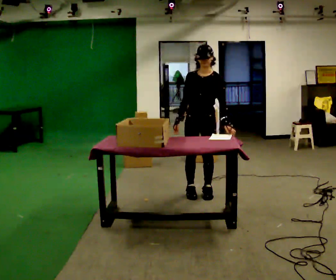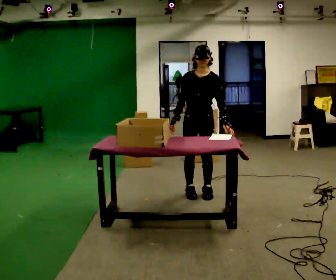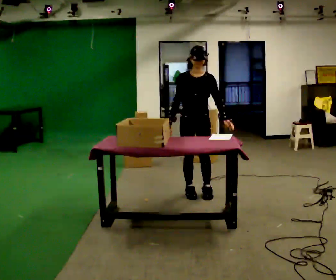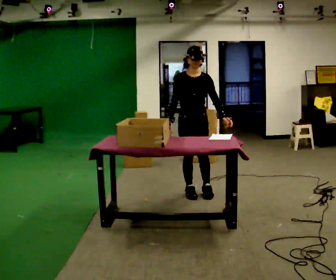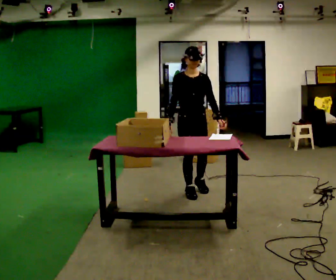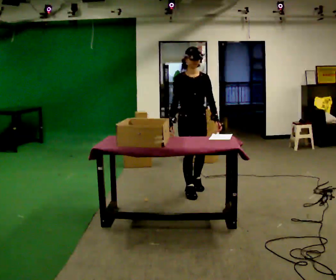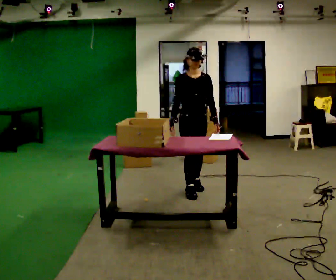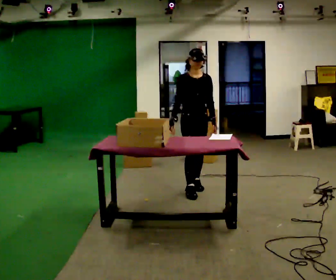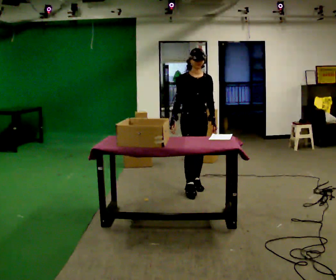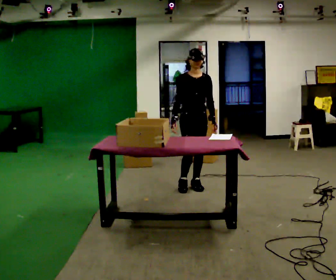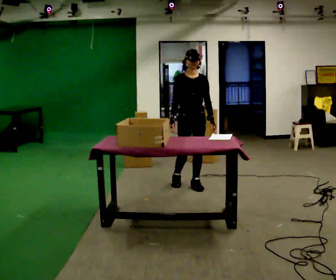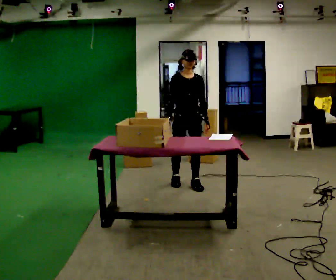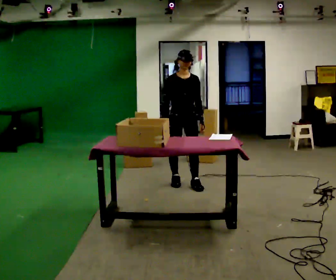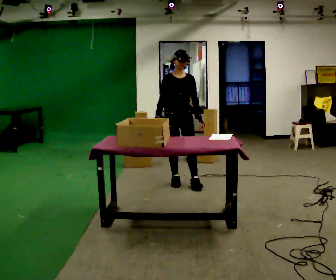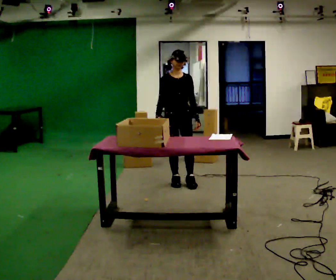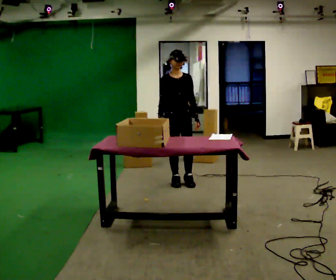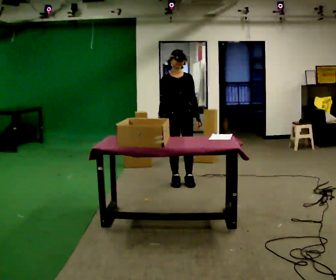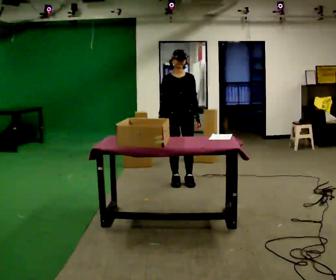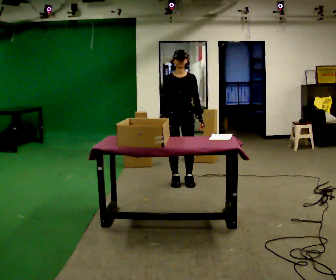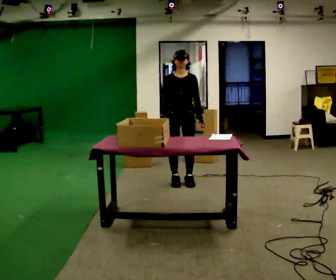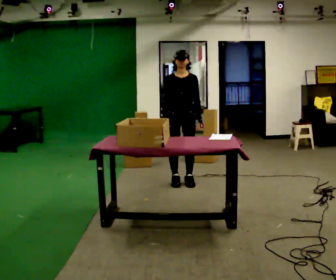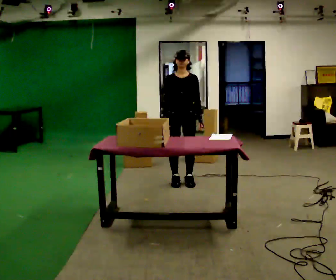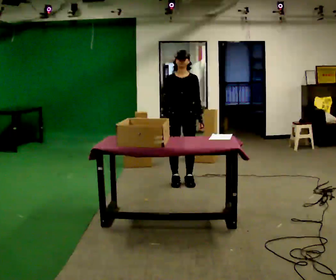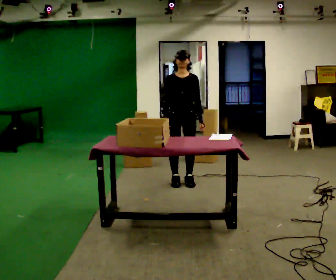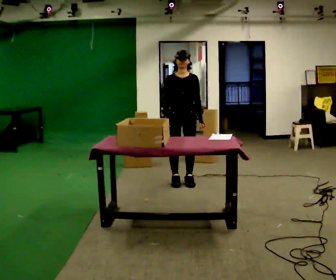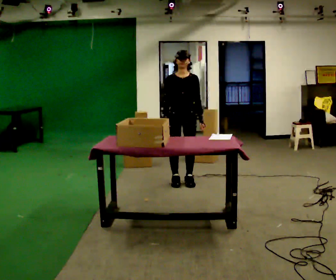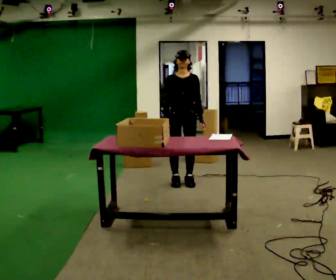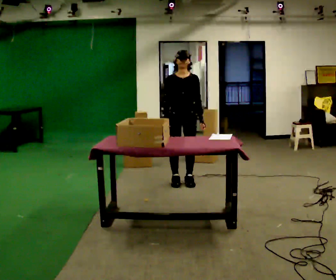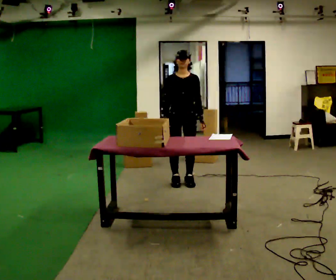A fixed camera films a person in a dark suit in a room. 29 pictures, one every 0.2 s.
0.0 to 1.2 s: The part of the body nearest the lens slides to the right as the person turns to their left by about 30 degrees. In the picture they go away from the camera, about 0.25 m in 1 step, which for them is backward.
1.2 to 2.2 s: In the picture they go away from the camera, about 0.25 m in 1 step, which for them is backward.
2.2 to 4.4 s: The person moves a little, or ends about where they began.
4.4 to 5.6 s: The person keeps their place and pose.
The film runs backward here.
